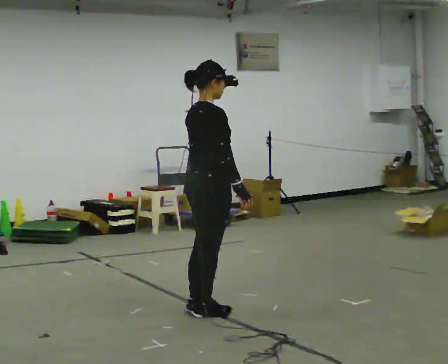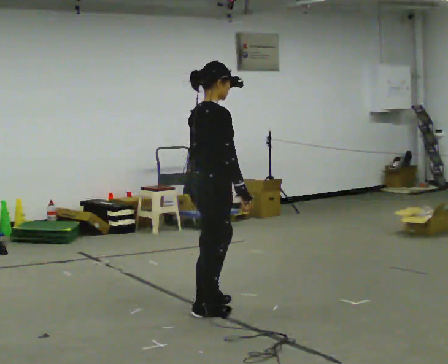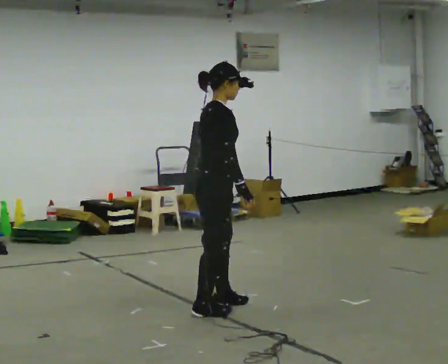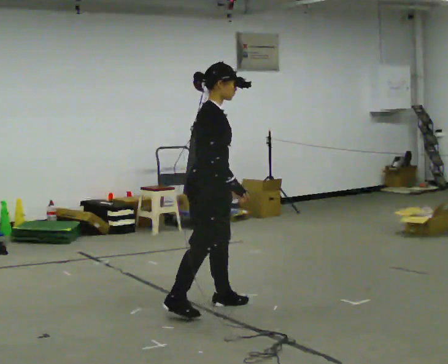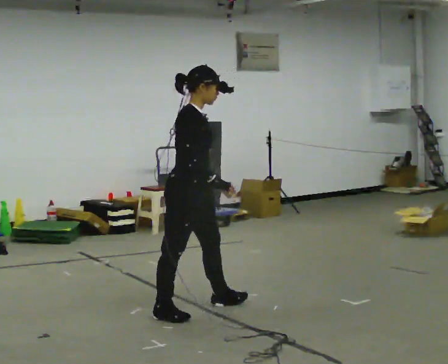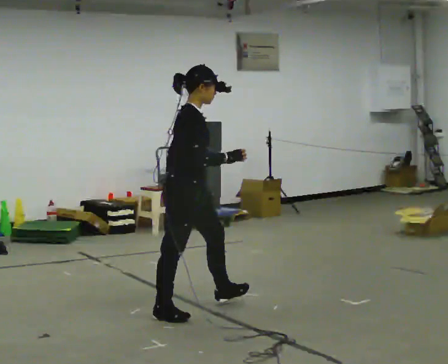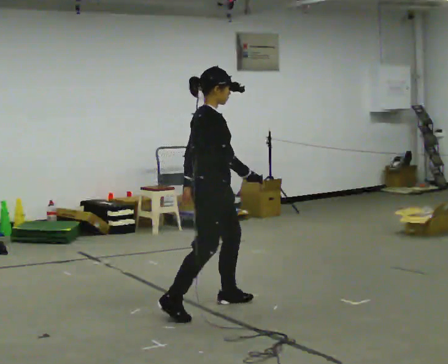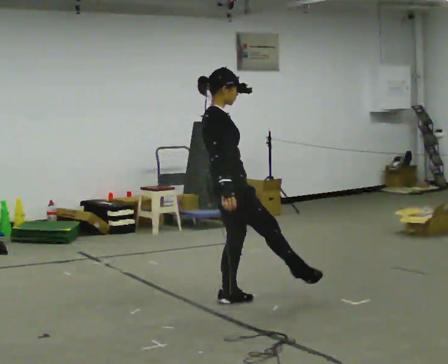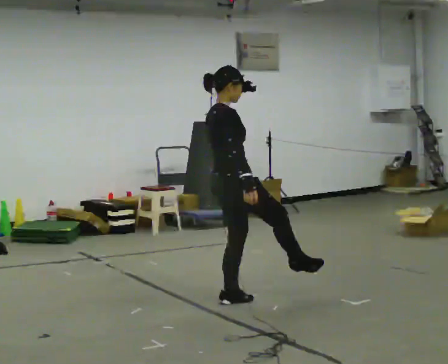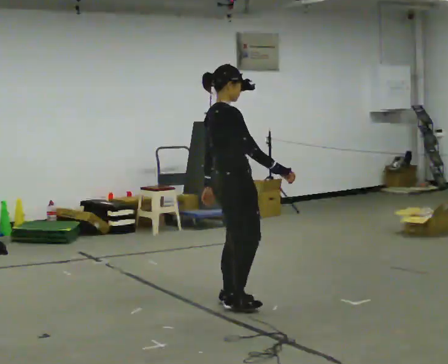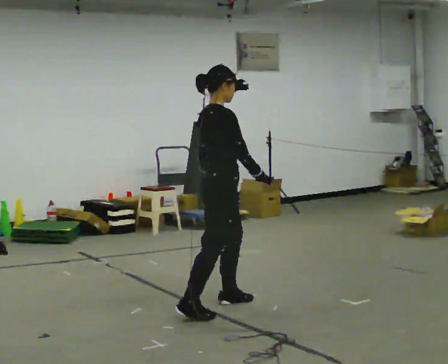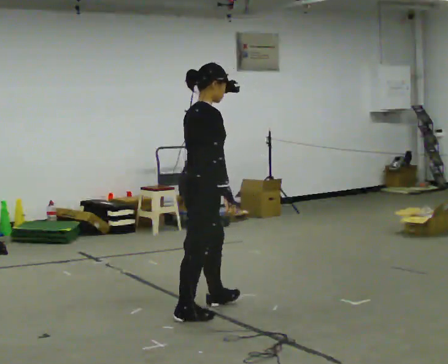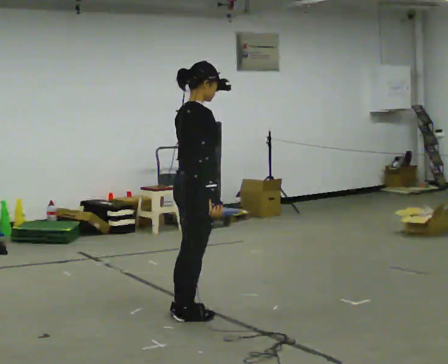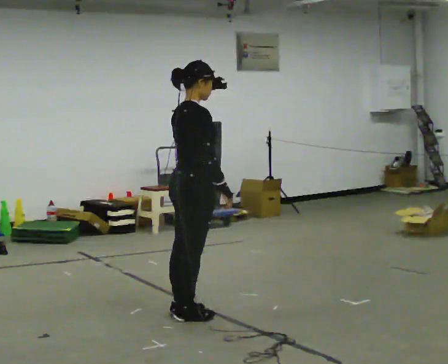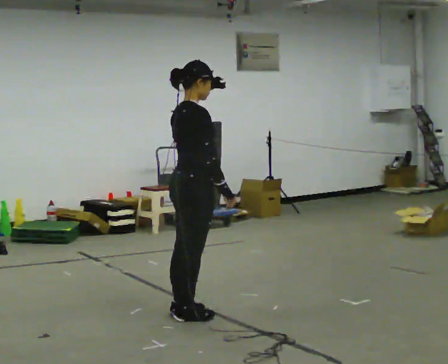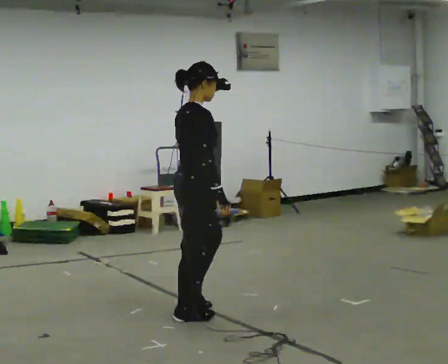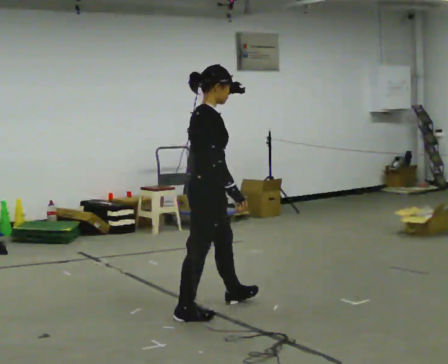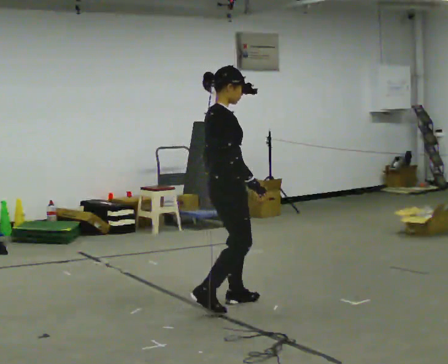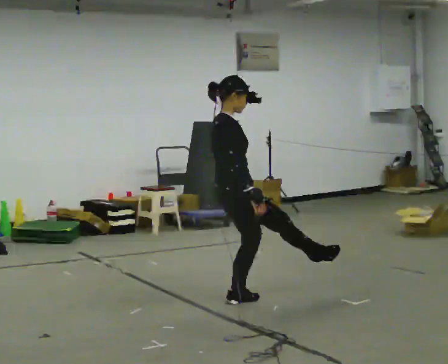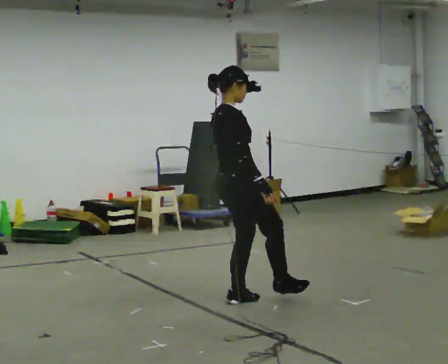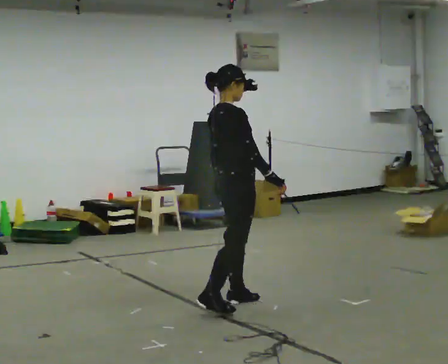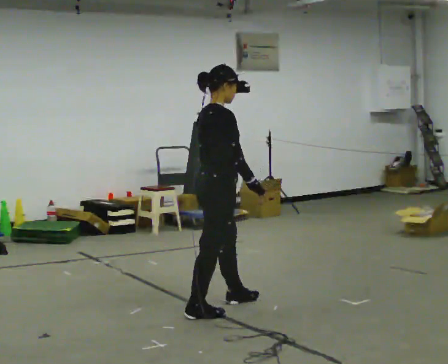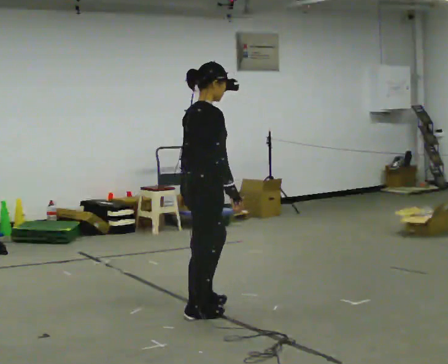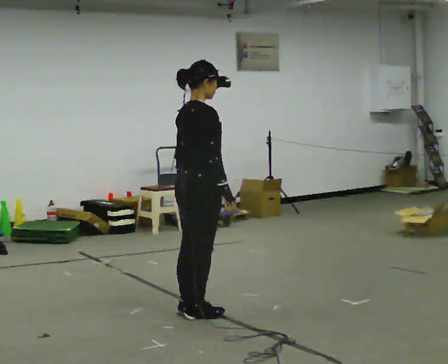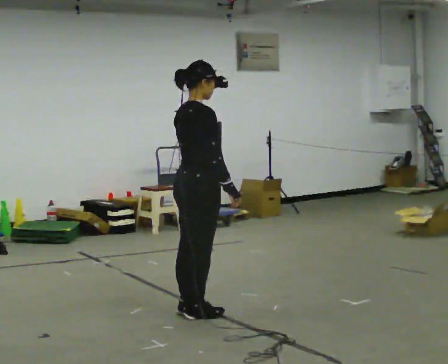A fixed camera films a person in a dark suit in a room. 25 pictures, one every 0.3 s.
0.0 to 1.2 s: The part of the body nearest the lens slides to the left as the person turns to their right by about 30 degrees.
1.2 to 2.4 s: The person turns about 30 degrees to their left, counterclockwise seen from above, so the part of the body nearest the lens slides to the right. In the picture they go to the right and away from the camera, about 0.5 m, which for them is forward and to their left. In the picture the upper body tilts counterclockwise, shoulders to the left, as they lean back or straighten.
2.4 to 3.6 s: In the picture they go toward the camera and to the left, about 0.5 m in 1 step, which for them is backward and to their right.
3.6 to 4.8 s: The person moves a little, or ends about where they began.
4.8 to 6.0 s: In the picture they go away from the camera and to the right, about 0.25 m, which for them is forward and to their left.
6.0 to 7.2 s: In the picture they go to the left and toward the camera, about 0.25 m in 1 step, which for them is backward.
The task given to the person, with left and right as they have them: Mime kicking a football with no ball: plant one foot and swing the other through. Repeat the movement at your own pace until the operator says stop; do not rush.
The film runs forward here.
